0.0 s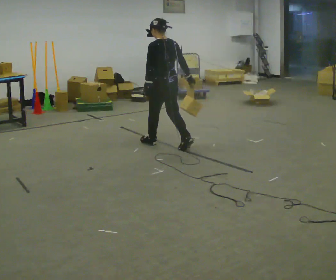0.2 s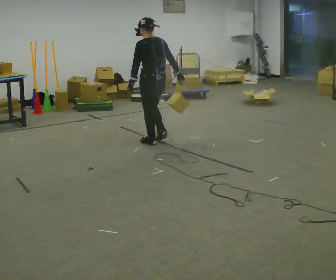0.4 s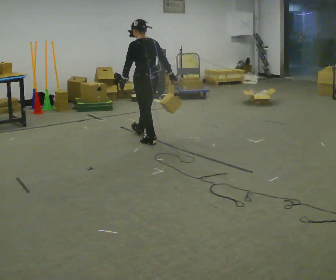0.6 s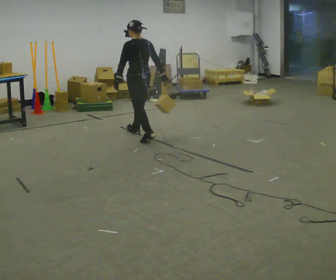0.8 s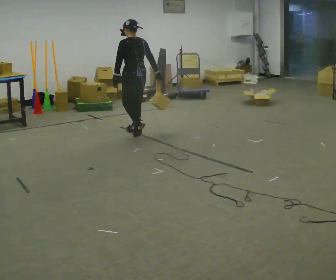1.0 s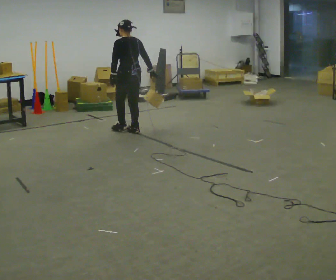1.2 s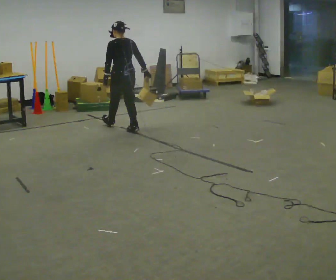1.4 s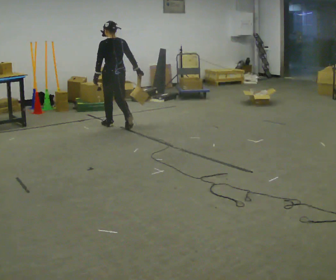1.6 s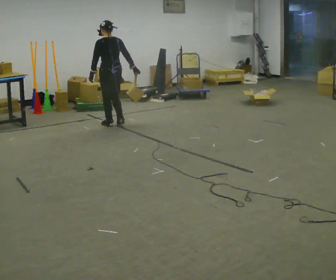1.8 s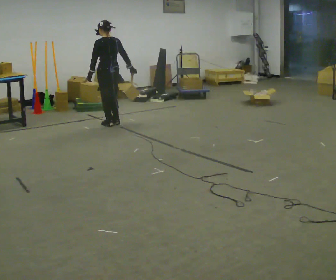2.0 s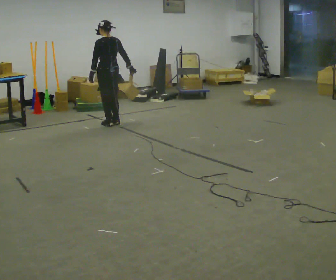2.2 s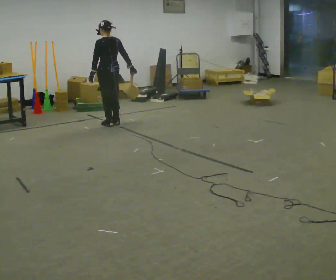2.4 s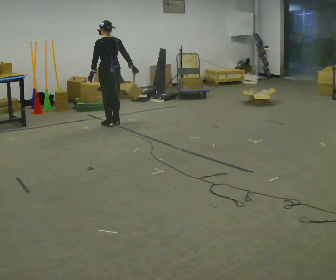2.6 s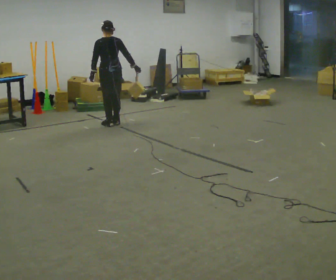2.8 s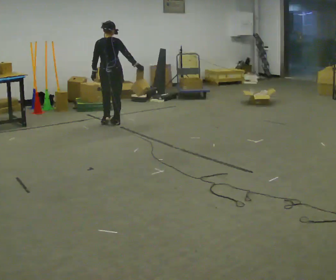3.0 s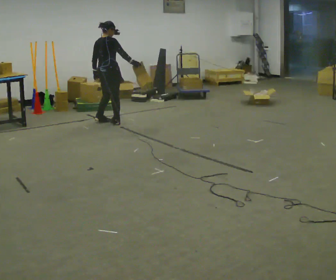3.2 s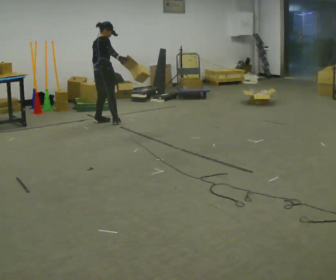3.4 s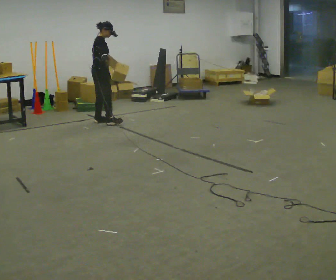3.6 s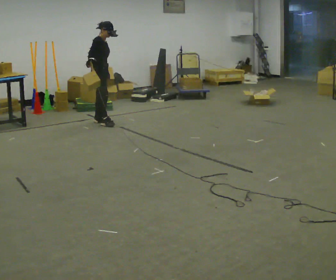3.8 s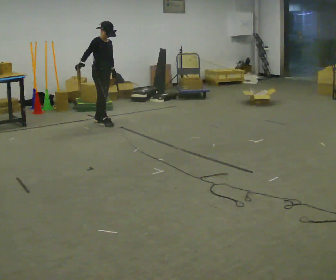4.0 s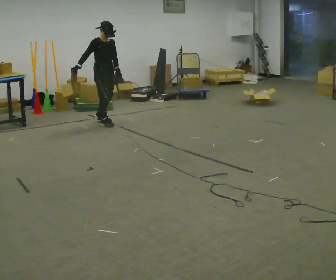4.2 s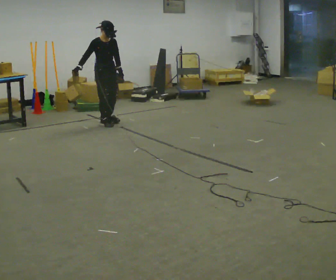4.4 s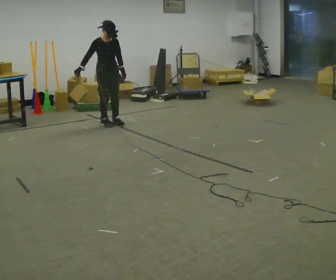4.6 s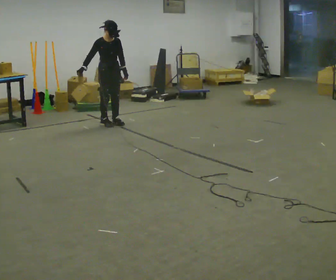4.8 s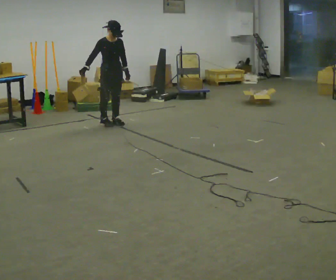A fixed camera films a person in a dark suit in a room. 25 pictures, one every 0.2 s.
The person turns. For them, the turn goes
to their right.
The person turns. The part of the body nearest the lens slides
to the left.
0.0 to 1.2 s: In the picture they go away from the camera and to the left, about 1 m in 1 step, which for them is forward.
1.2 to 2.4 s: In the picture they go away from the camera and to the left, about 0.25 m in 2 steps, which for them is forward.
2.4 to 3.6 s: The person turns about 135 degrees to their right, clockwise seen from above, so the part of the body nearest the lens slides to the left. In the picture they go to the left, about 0.25 m in 2 steps. In the picture their right hand goes to the left.
3.6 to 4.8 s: The person turns about 45 degrees to their right, clockwise seen from above, so the part of the body nearest the lens slides to the left. In the picture they go to the right, about 0.25 m in 1 step, which for them is forward.
The film runs forward here.
